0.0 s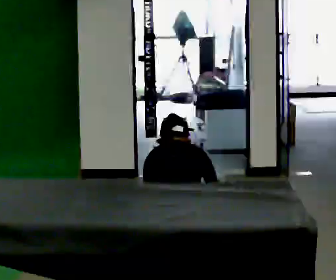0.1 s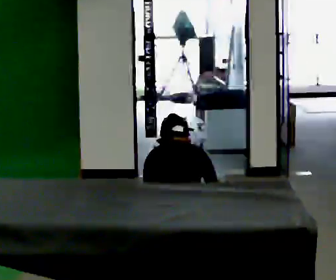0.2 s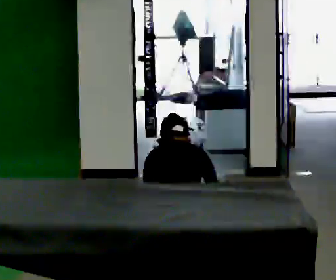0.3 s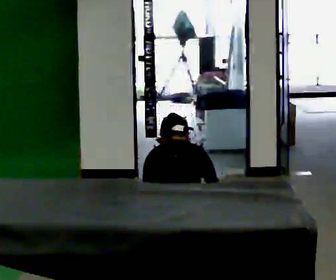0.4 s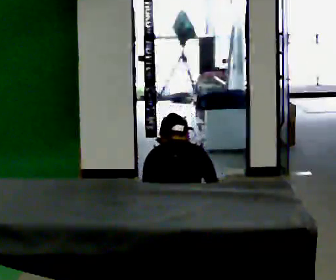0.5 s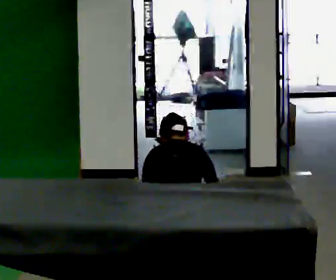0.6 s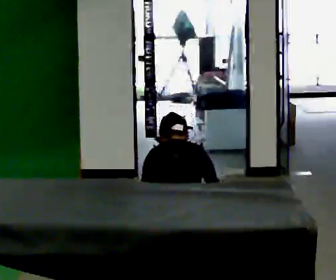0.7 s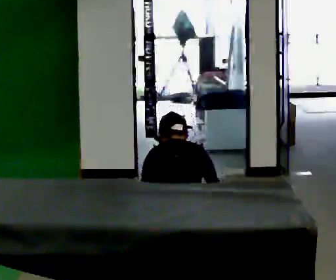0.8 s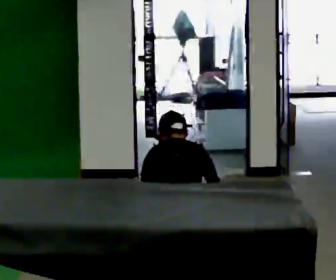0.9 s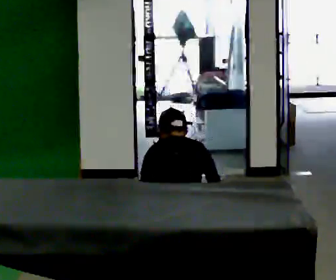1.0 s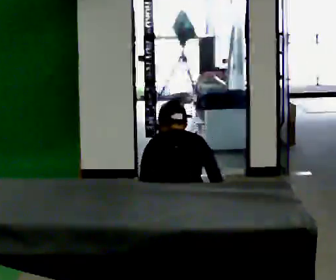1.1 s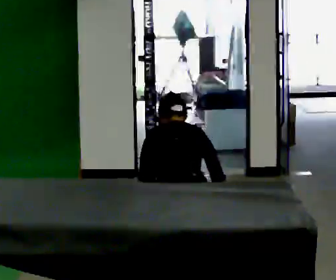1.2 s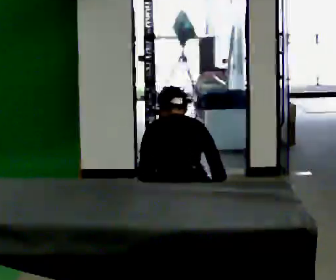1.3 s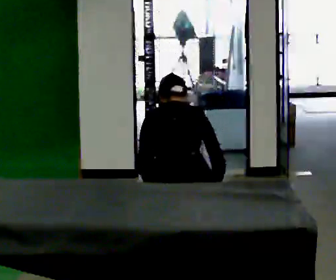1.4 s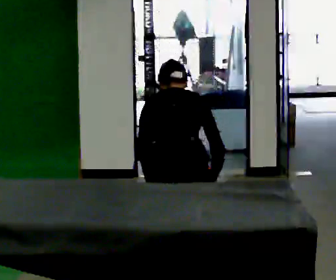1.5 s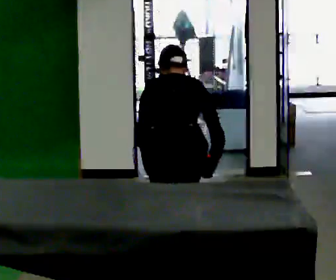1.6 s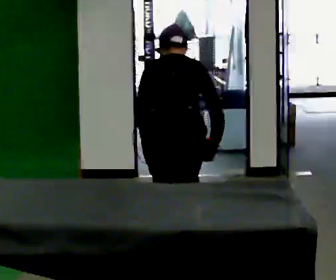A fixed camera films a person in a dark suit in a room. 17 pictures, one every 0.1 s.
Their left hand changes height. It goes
upward.
The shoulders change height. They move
upward.
0.0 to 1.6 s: The upper body goes upward. In the picture their left hand goes upward.
The film runs backward here.
